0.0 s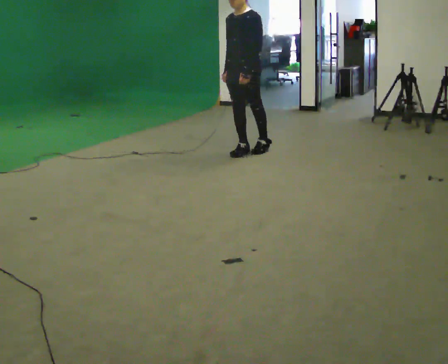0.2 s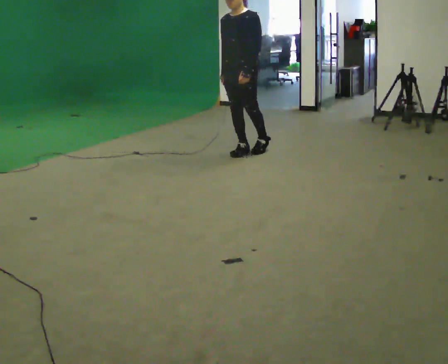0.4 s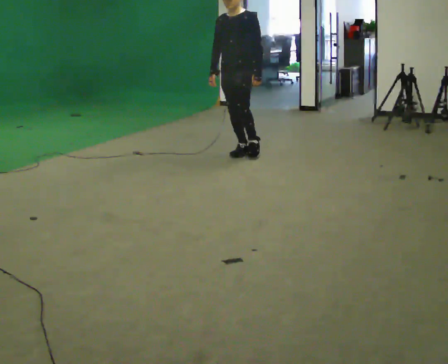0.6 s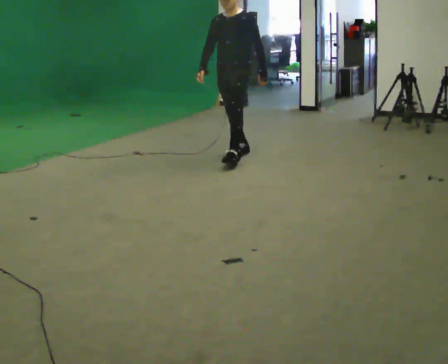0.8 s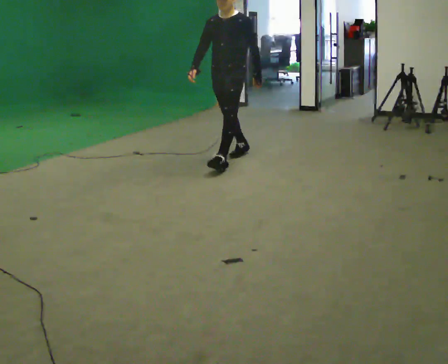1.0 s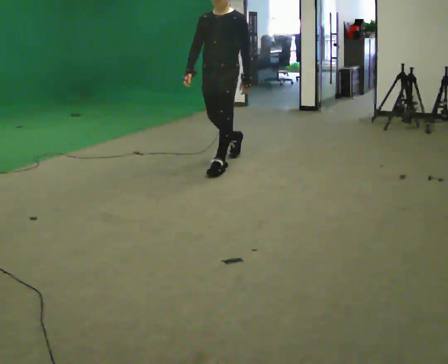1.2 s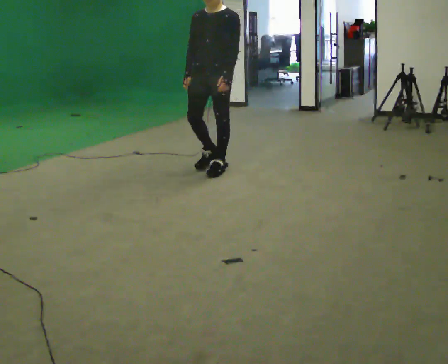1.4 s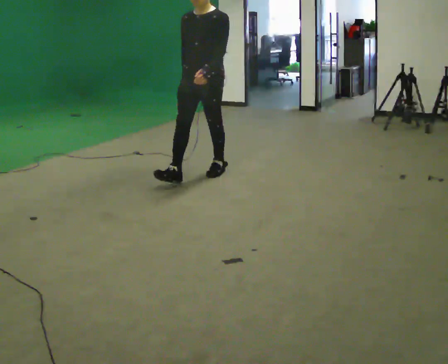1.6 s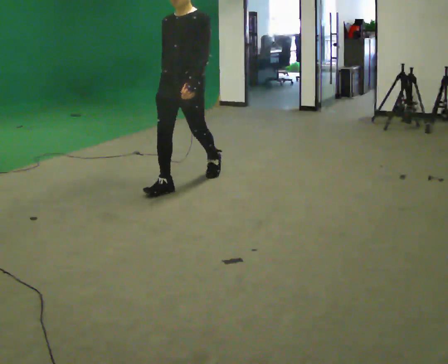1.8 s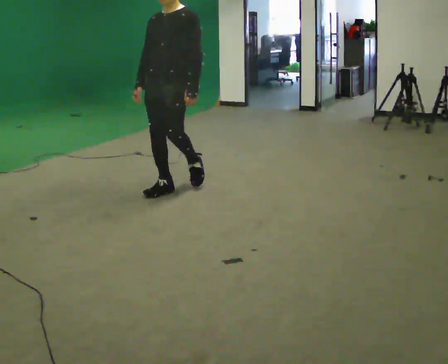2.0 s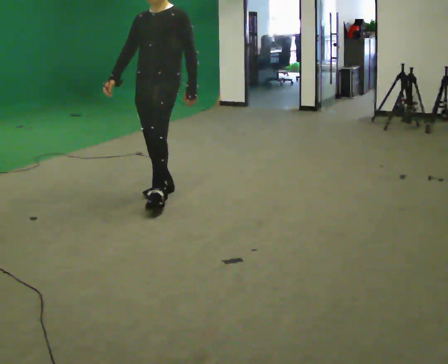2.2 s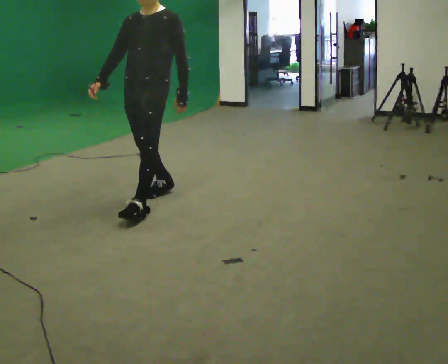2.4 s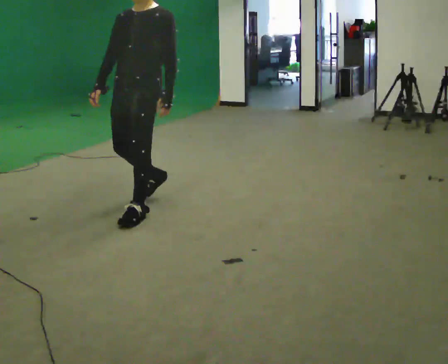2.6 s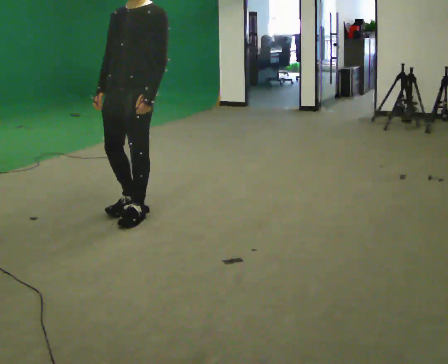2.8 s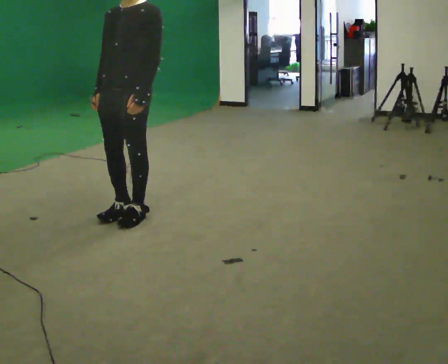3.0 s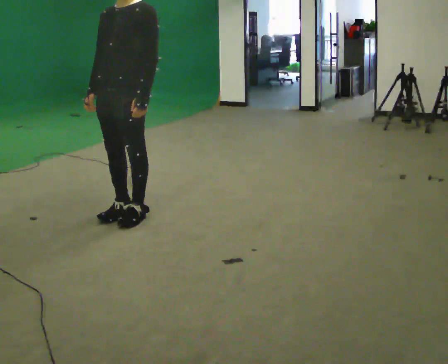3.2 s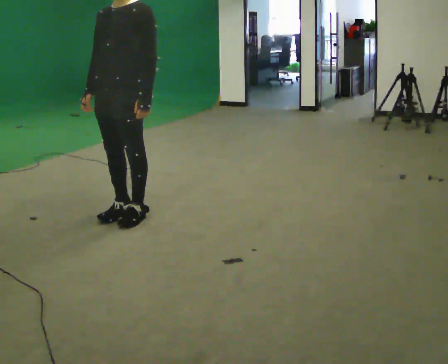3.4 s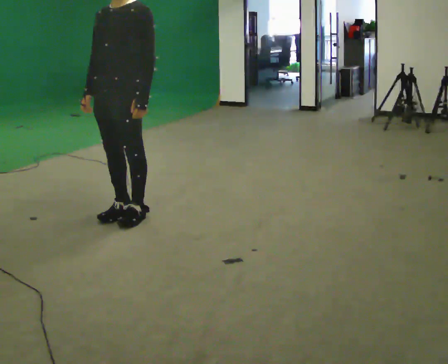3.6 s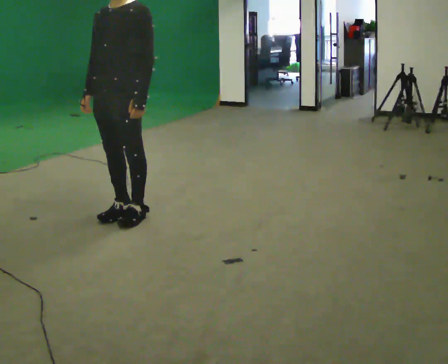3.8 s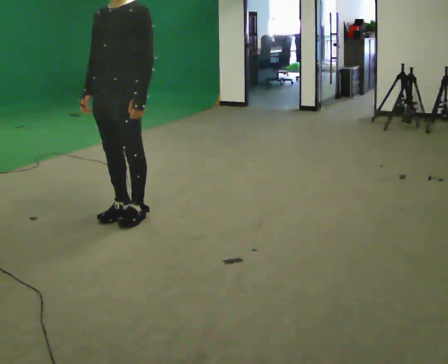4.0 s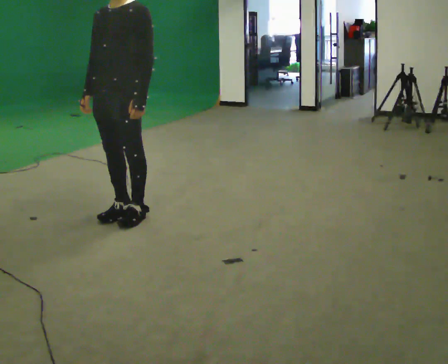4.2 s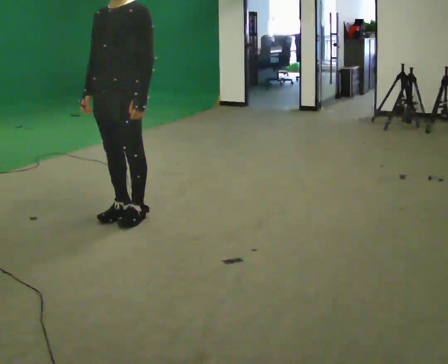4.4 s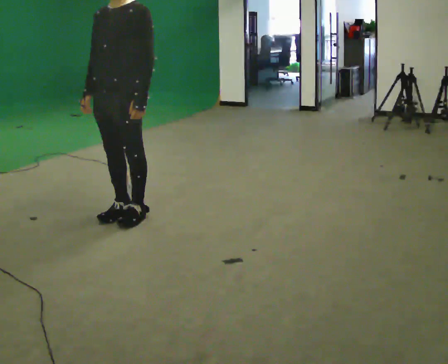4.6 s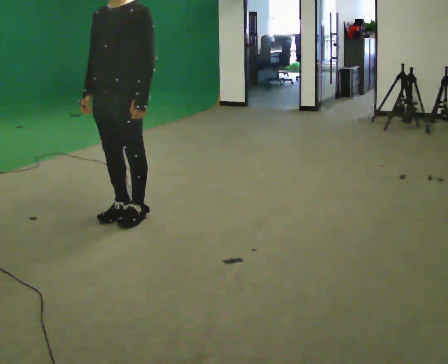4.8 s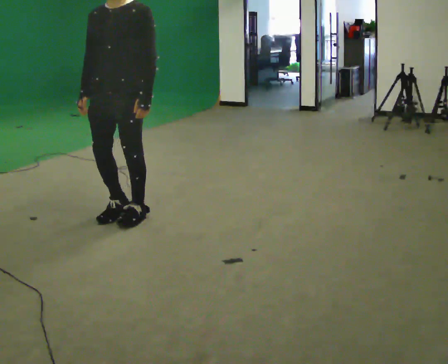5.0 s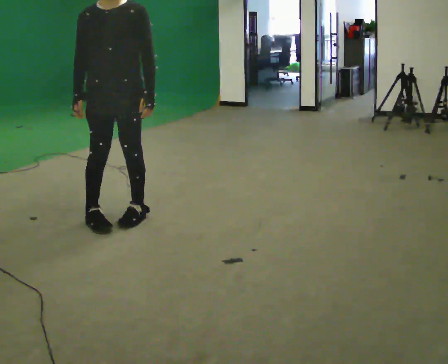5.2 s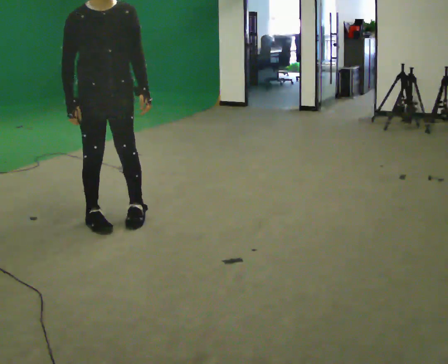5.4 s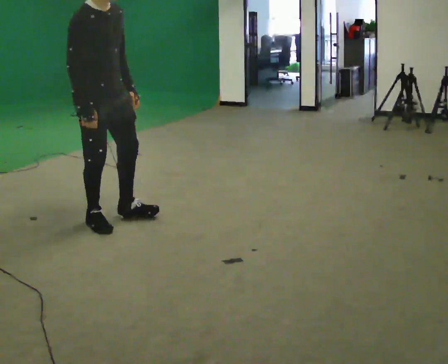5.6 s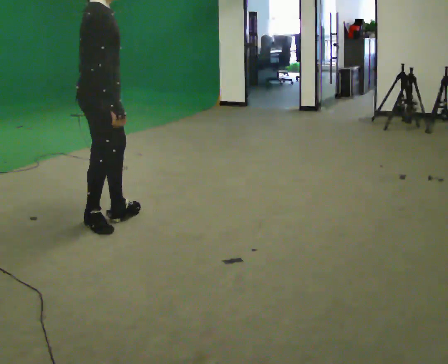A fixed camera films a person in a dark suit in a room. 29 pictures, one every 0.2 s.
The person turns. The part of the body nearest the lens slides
to the right.
The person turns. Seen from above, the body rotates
counterclockwise.
0.0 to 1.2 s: In the picture they go toward the camera and to the left, about 0.5 m in 1 step, which for them is forward.
1.2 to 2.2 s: In the picture they go toward the camera and to the left, about 1 m in 2 steps, which for them is forward.
2.2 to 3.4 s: In the picture they go toward the camera and to the left, about 0.25 m in 1 step, which for them is forward.
3.4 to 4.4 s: The person keeps their place and pose.
4.4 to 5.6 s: The person turns about 150 degrees to their left, counterclockwise seen from above, so the part of the body nearest the lens slides to the right.
The film runs forward here.
